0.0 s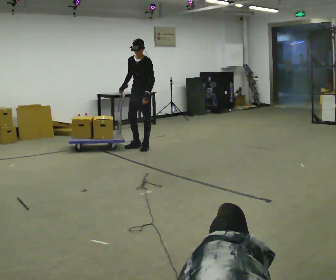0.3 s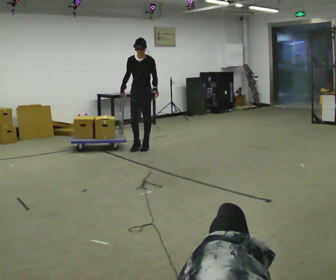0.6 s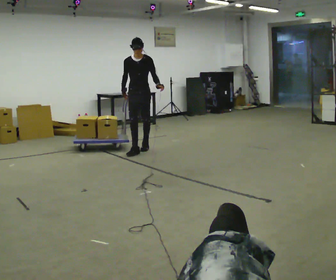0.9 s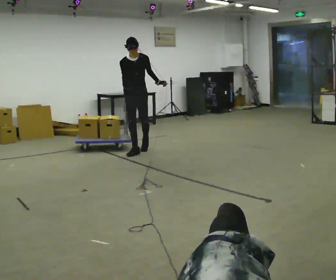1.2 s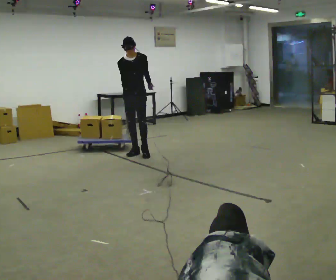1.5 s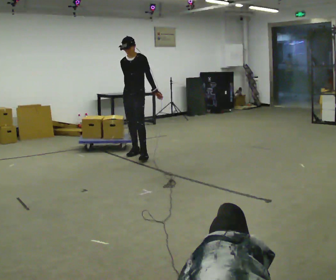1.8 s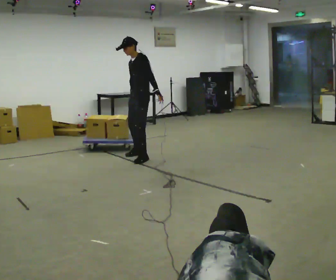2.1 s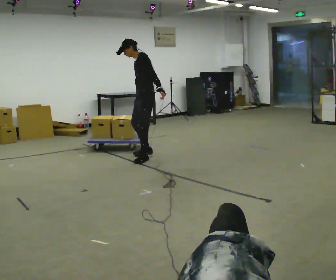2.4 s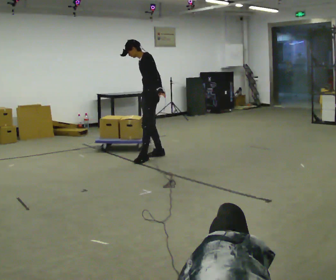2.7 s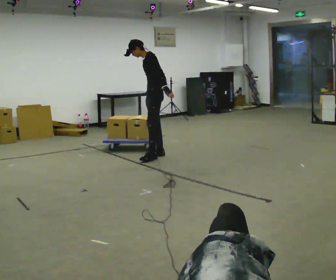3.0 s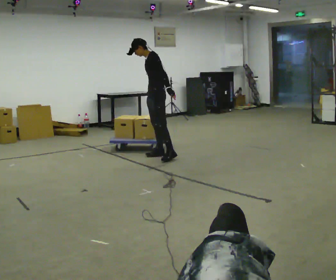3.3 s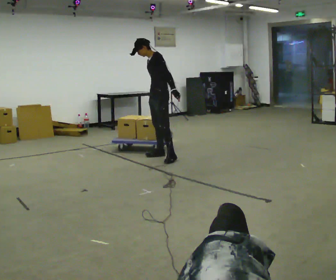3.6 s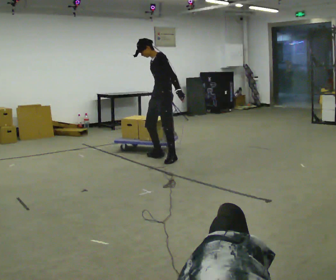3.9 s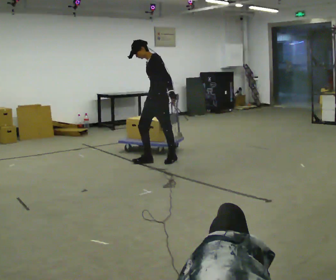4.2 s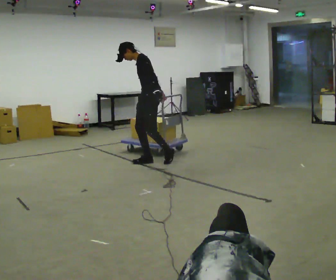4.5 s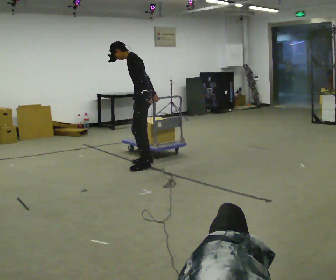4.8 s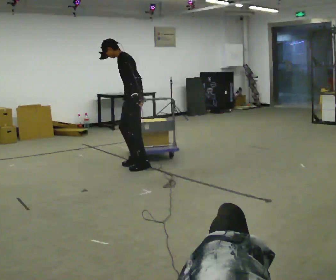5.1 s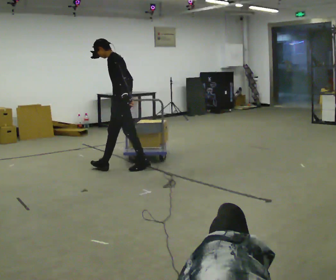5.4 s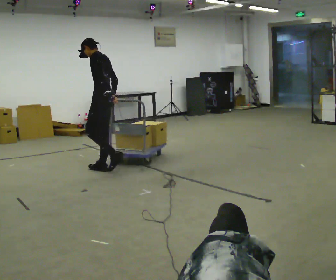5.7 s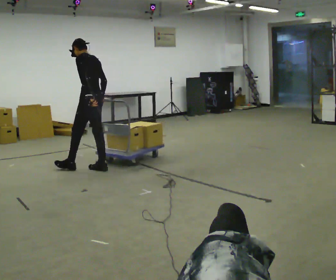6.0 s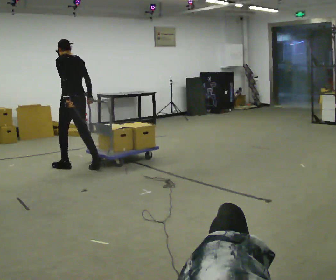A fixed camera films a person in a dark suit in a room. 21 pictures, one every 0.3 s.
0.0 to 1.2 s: Seen from above the body turns counterclockwise, about 30 degrees: to their left, with its near side sliding to the right. In the picture they go toward the camera, about 0.5 m in 1 step, which for them is forward.
1.2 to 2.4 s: The person turns about 75 degrees to their right, clockwise seen from above, so the part of the body nearest the lens slides to the left. In the picture they go to the right and toward the camera, about 0.5 m in 2 steps.
2.4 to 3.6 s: In the picture they go toward the camera and to the right, about 0.25 m in 1 step, which for them is to their left.
3.6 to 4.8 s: The part of the body nearest the lens slides to the left as the person turns to their right by about 30 degrees. In the picture they go toward the camera and to the left, about 0.5 m in 2 steps, which for them is forward and to their left.
4.8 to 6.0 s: The part of the body nearest the lens slides to the left as the person turns to their right by about 45 degrees. In the picture they go to the left, about 1 m in 2 steps, which for them is forward.
The film runs forward here.
